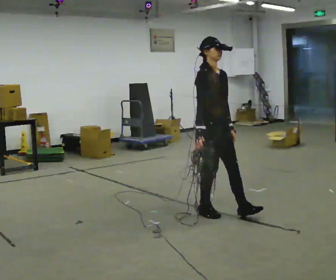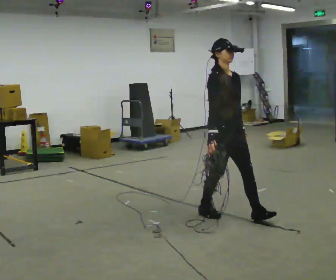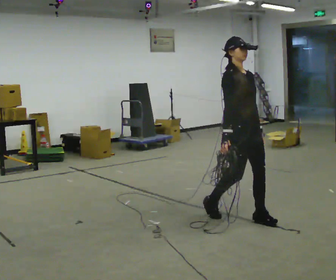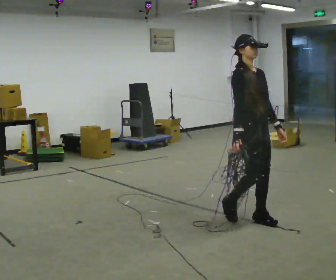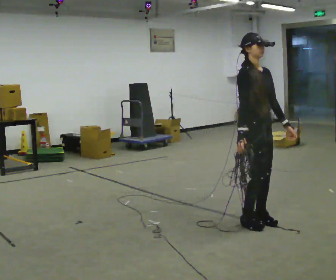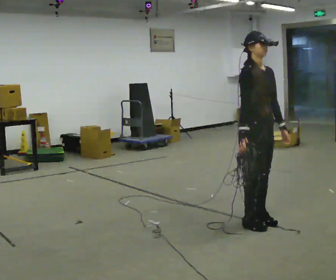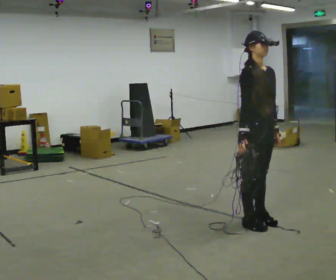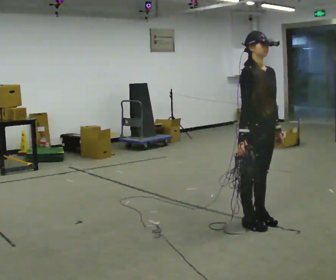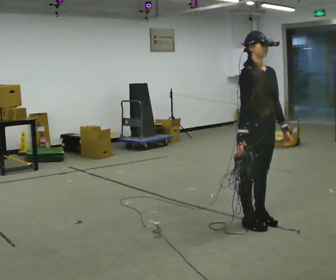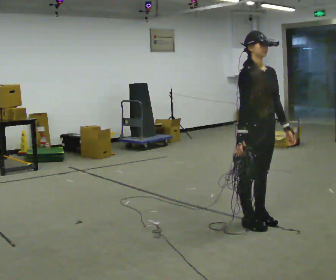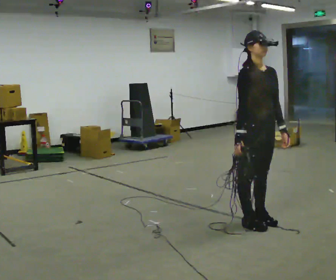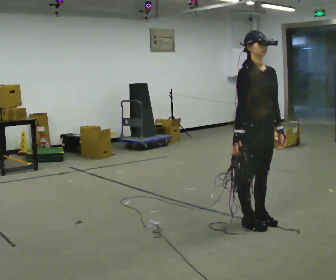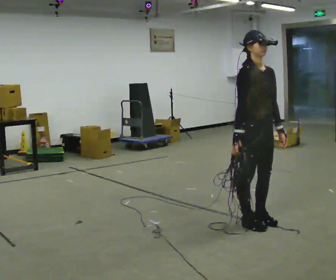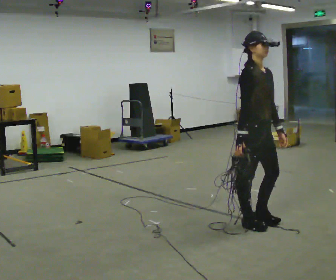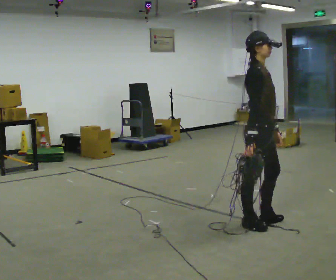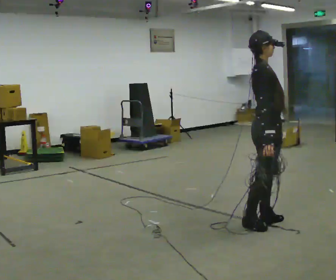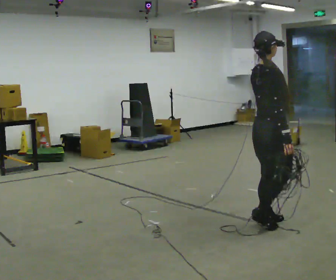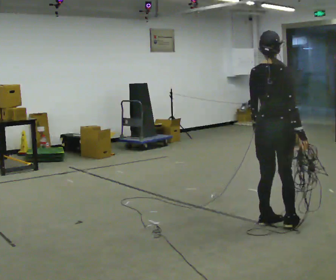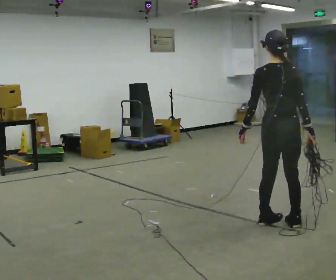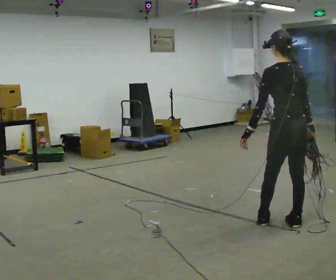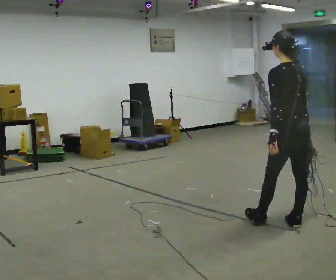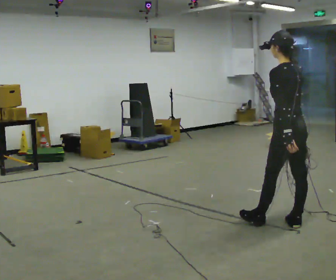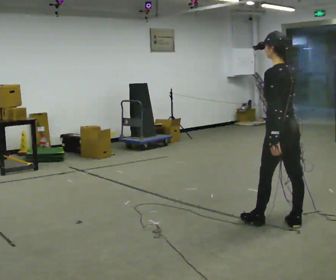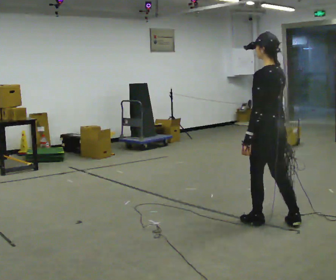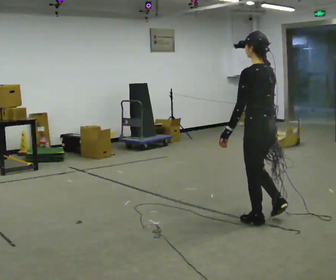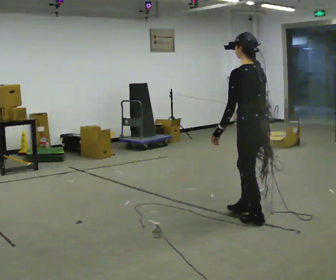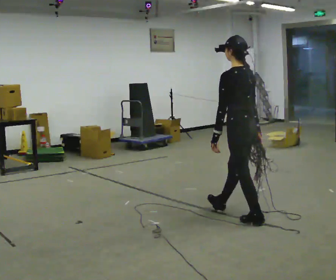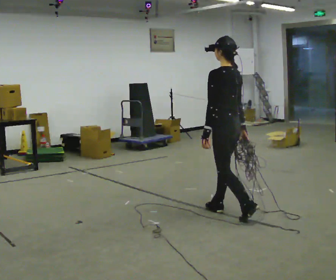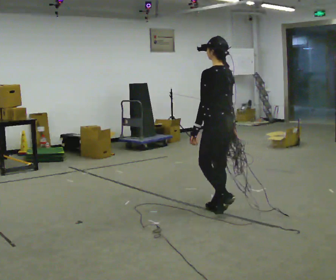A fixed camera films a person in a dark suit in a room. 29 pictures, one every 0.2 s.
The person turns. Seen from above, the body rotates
counterclockwise.
The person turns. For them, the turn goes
to their left.
0.0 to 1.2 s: In the picture they go to the right and toward the camera, about 0.5 m in 2 steps, which for them is forward.
1.2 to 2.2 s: The person moves a little, or ends about where they began.
2.2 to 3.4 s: Seen from above the body turns counterclockwise, about 120 degrees: to their left, with its near side sliding to the right. In the picture they go to the right, about 0.25 m. In the picture their right hand goes to the right.
3.4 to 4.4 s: The person turns about 75 degrees to their left, counterclockwise seen from above, so the part of the body nearest the lens slides to the right.
4.4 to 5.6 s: In the picture they go to the left and away from the camera, about 0.75 m in 1 step, which for them is forward.
The film runs forward here.
